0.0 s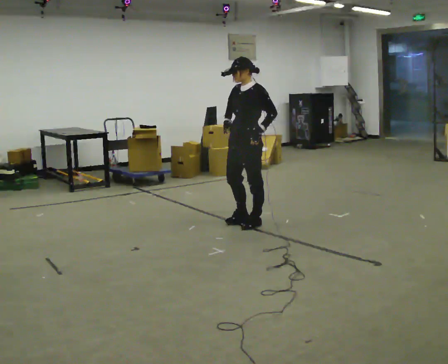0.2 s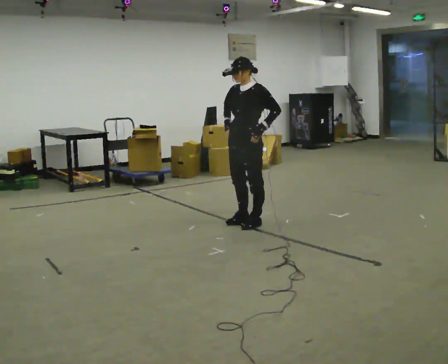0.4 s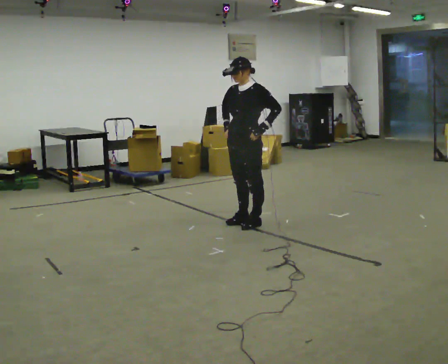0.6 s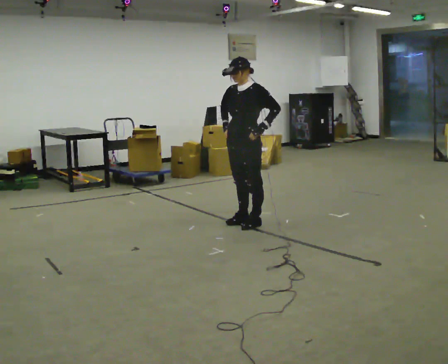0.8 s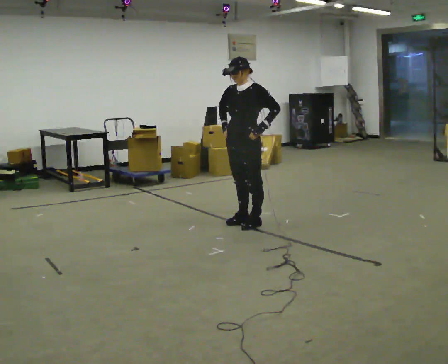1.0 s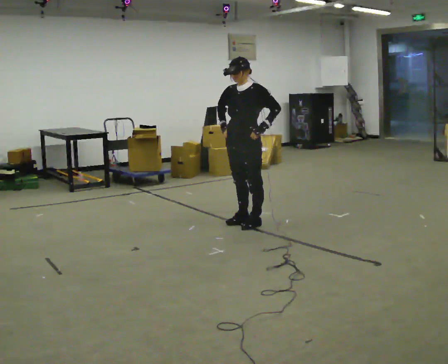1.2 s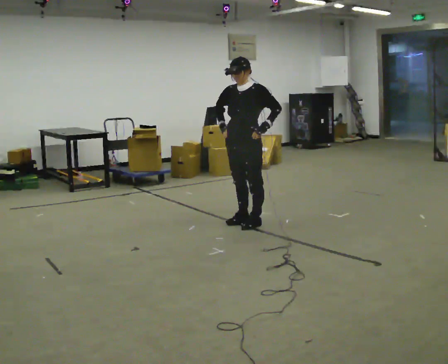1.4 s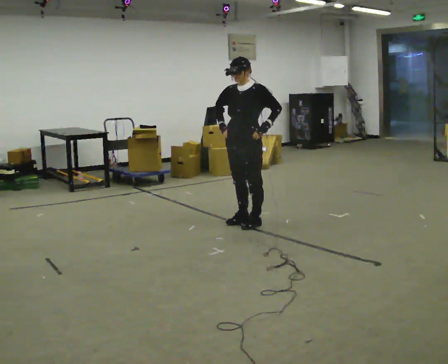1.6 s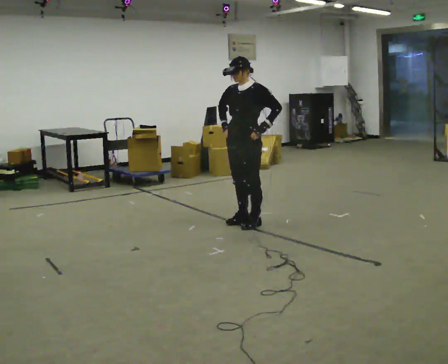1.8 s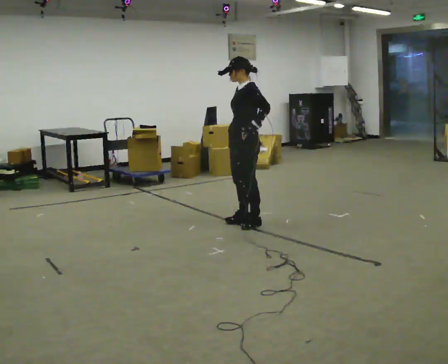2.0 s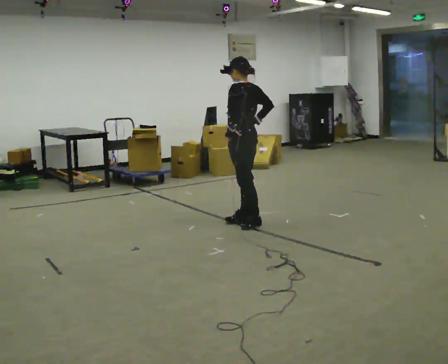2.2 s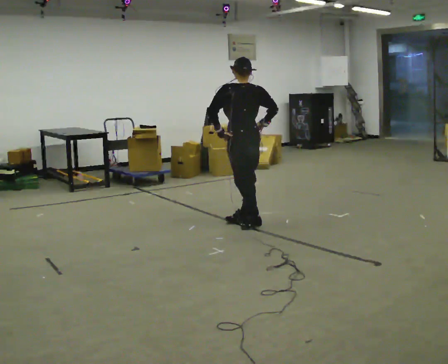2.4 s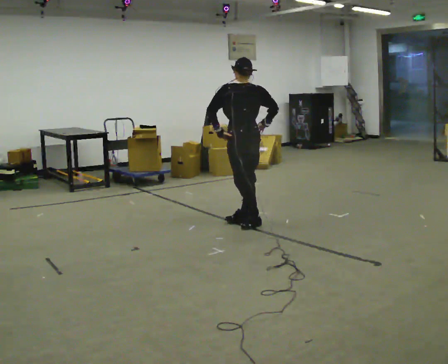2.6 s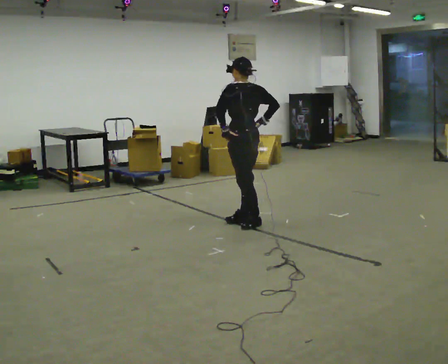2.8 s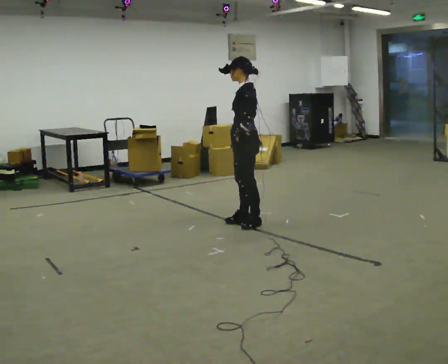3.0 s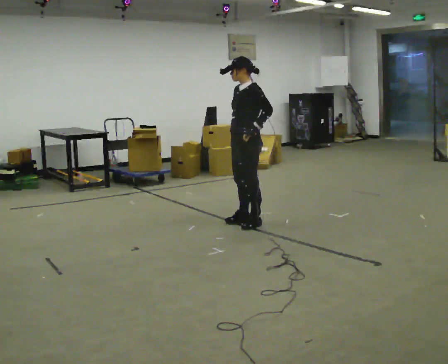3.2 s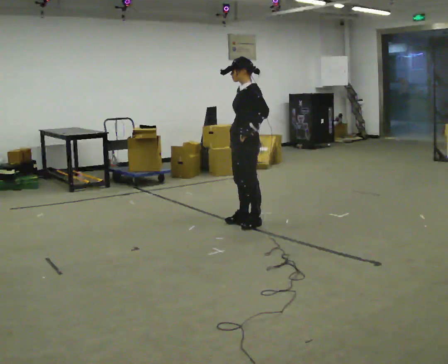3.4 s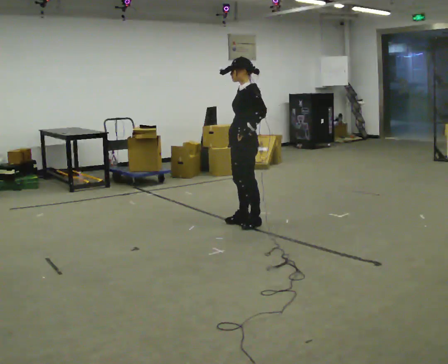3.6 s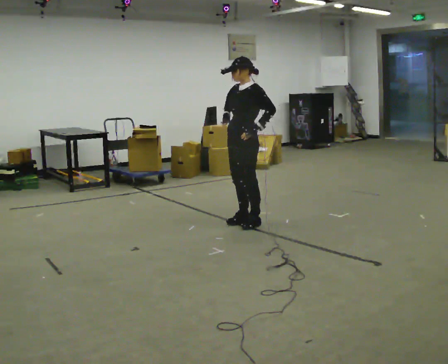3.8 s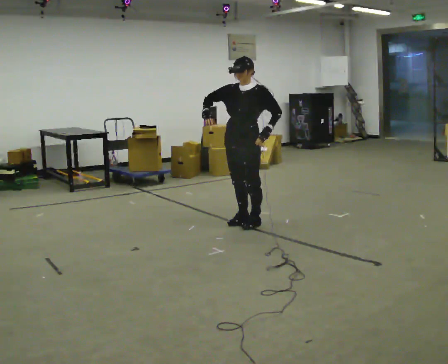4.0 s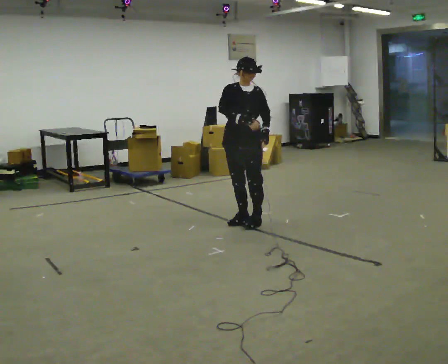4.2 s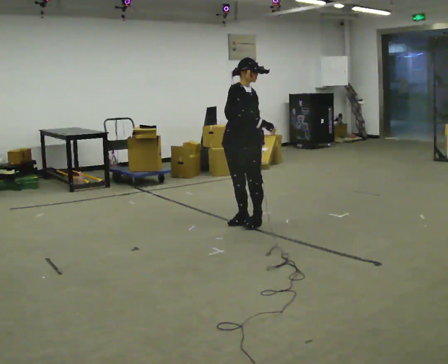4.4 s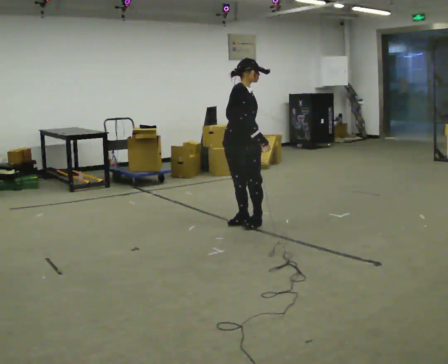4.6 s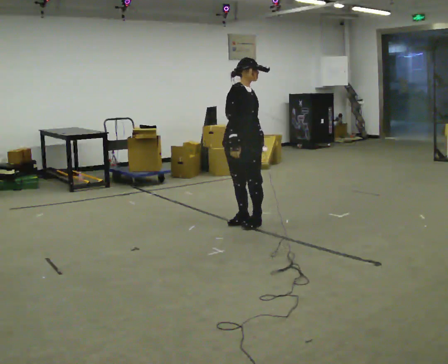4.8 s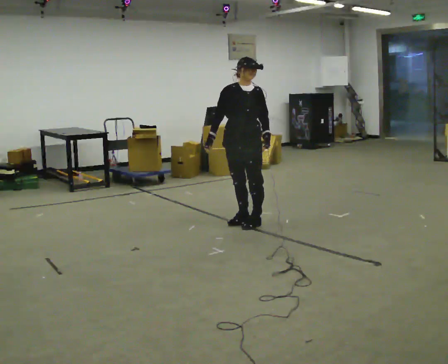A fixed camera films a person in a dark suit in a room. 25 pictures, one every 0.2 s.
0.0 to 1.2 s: The person moves a little, or ends about where they began.
1.2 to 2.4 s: The person turns about 105 degrees to their right, clockwise seen from above, so the part of the body nearest the lens slides to the left. In the picture their left hand goes to the left, the arm swinging clockwise.
2.4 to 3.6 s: Seen from above the body turns counterclockwise, about 90 degrees: to their left, with its near side sliding to the right. In the picture their right hand goes to the left, the arm swinging clockwise.
3.6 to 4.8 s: The part of the body nearest the lens slides to the right as the person turns to their left by about 60 degrees.
The film runs backward here.
